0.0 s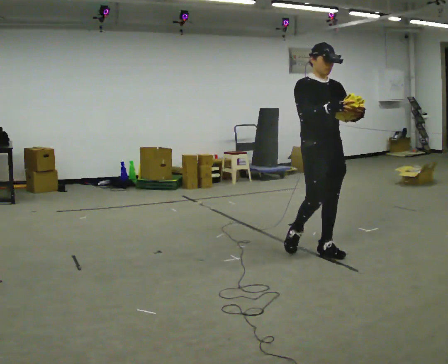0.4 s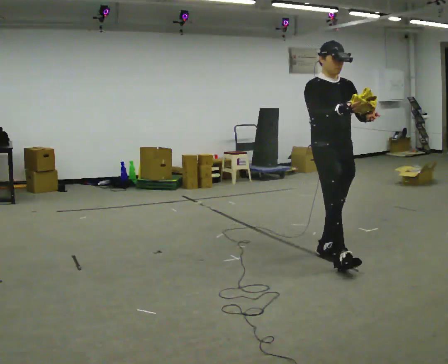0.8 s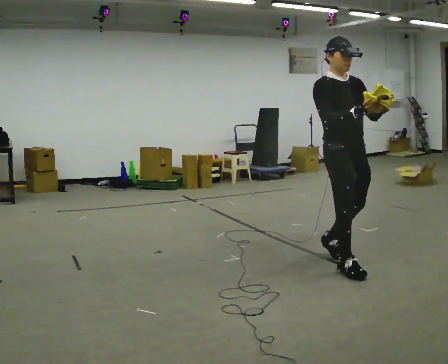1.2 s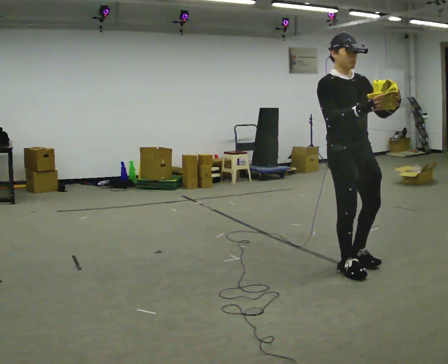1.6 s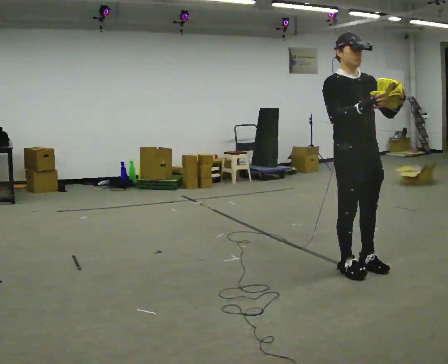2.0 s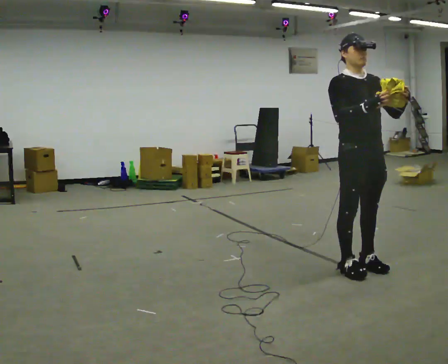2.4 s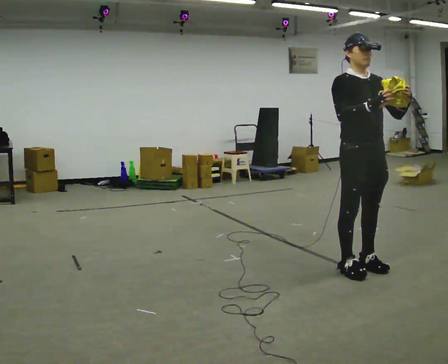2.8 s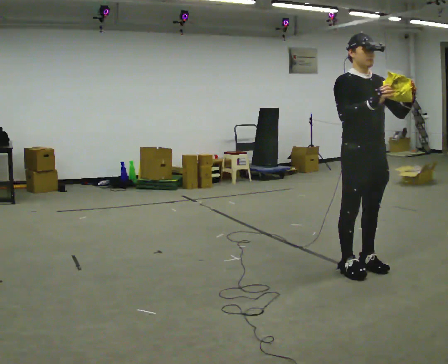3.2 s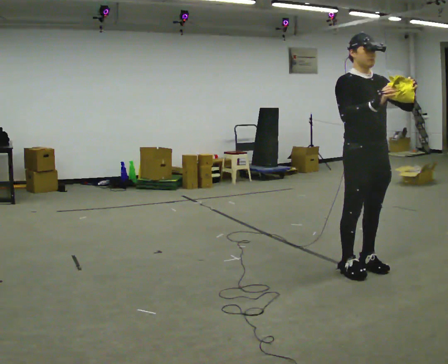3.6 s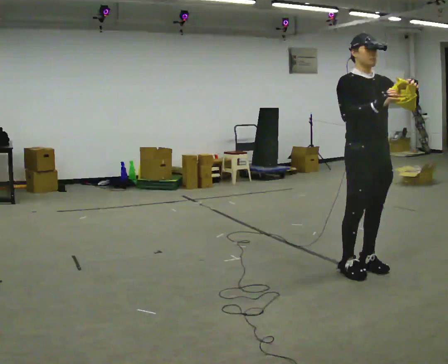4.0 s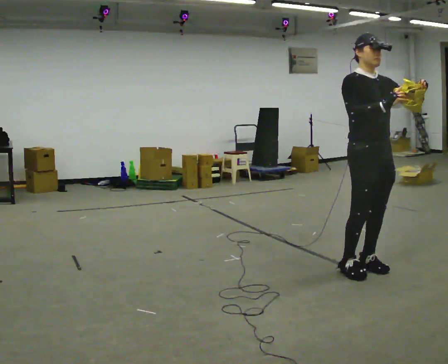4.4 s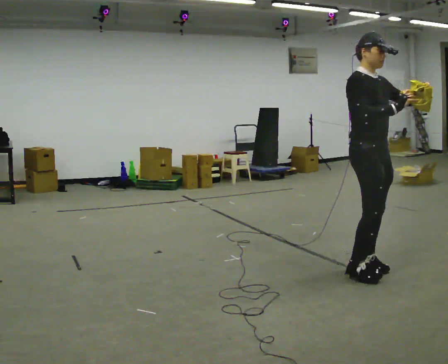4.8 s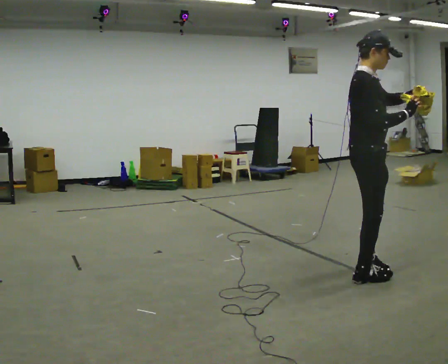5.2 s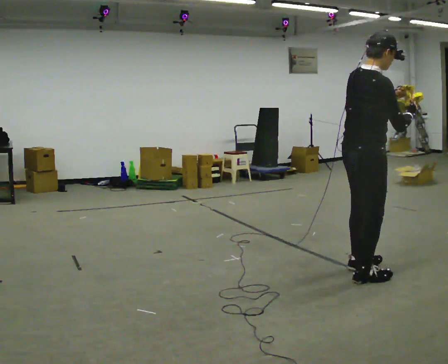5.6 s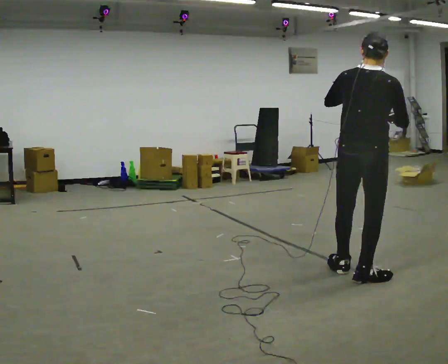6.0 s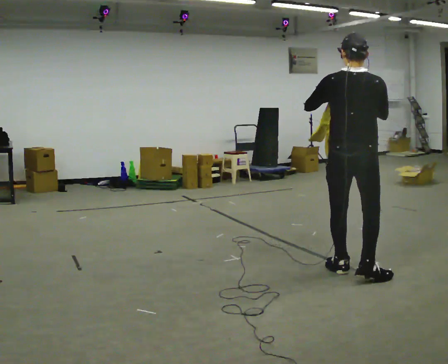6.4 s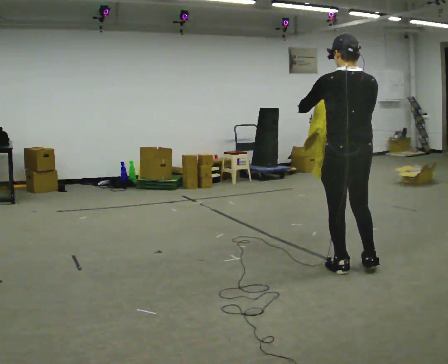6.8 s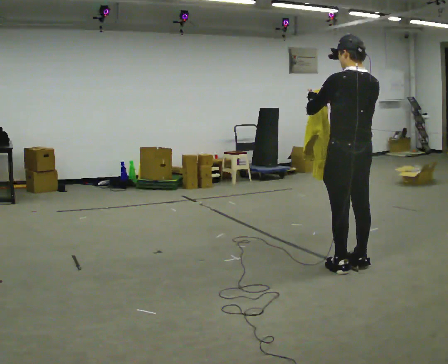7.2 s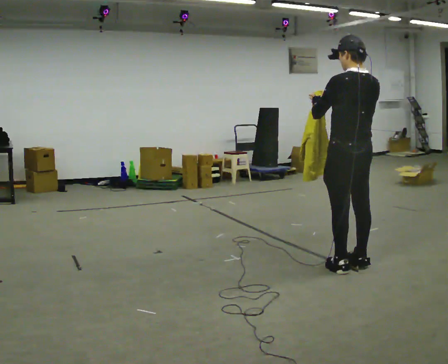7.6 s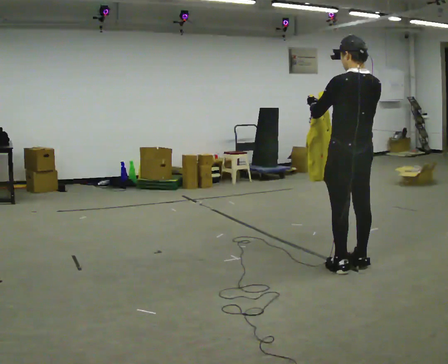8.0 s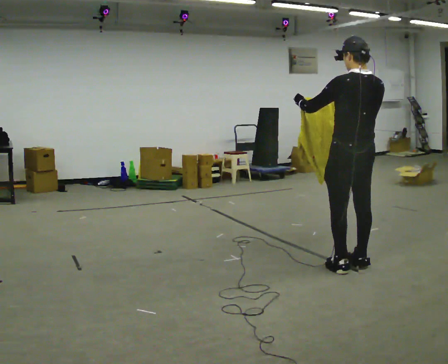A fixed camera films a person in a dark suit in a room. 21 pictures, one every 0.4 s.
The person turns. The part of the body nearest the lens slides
to the right.
The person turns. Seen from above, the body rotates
counterclockwise.
0.0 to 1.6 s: In the picture they go to the right and toward the camera, about 0.5 m in 2 steps, which for them is forward.
1.6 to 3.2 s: The person moves a little, or ends about where they began.
3.2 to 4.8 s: The person turns about 60 degrees to their left, counterclockwise seen from above, so the part of the body nearest the lens slides to the right.
4.8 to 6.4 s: Seen from above the body turns counterclockwise, about 105 degrees: to their left, with its near side sliding to the right. In the picture their left hand goes to the left.
6.4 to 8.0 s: The person moves a little, or ends about where they began.
The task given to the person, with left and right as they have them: Carry the cloth and, while walking, fold it in half, then unfold it. Keep repeating as you walk. Do not stop.
The film runs forward here.
